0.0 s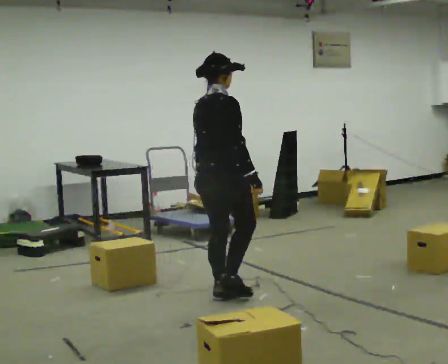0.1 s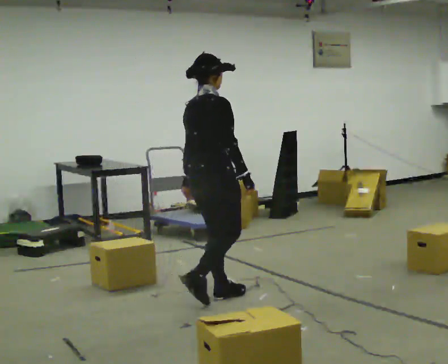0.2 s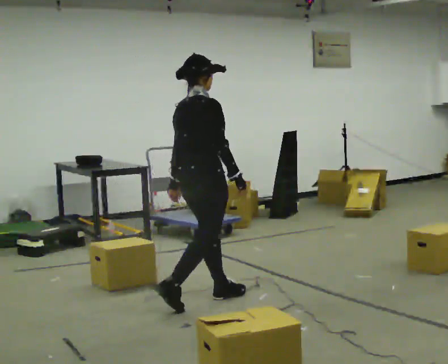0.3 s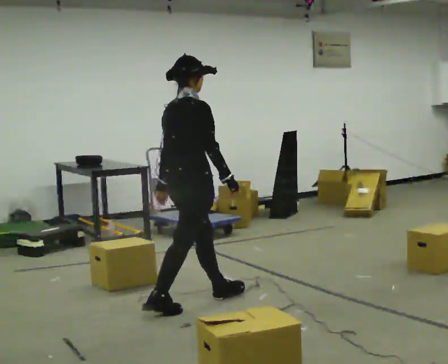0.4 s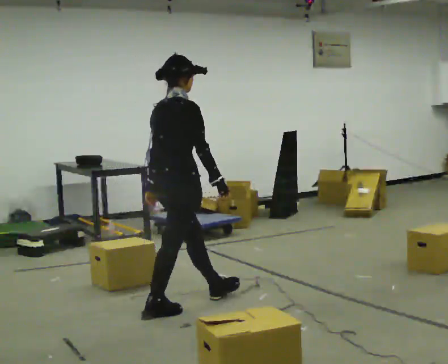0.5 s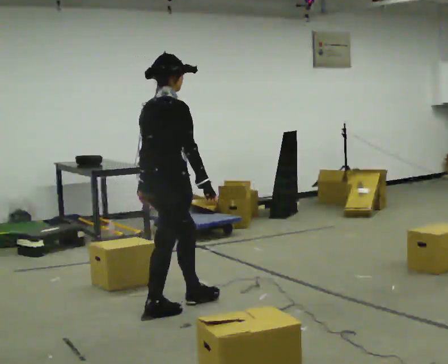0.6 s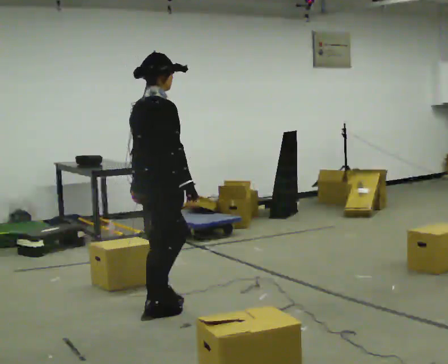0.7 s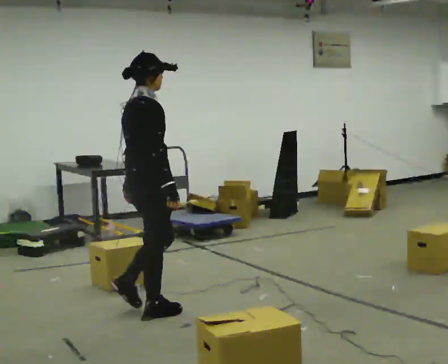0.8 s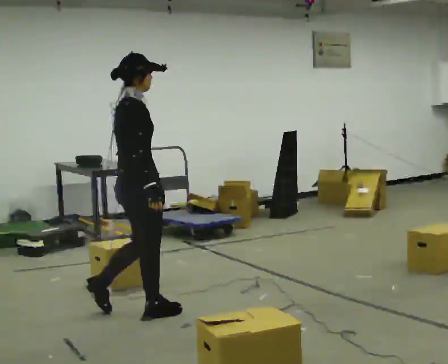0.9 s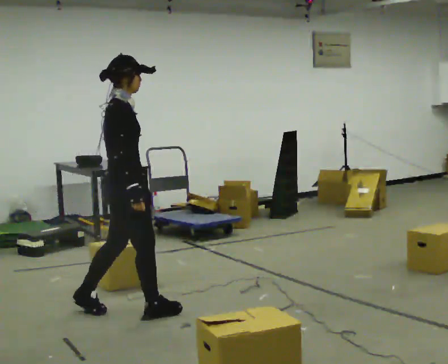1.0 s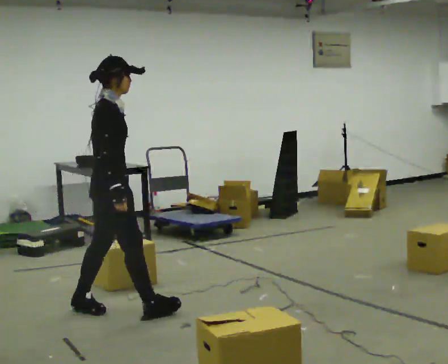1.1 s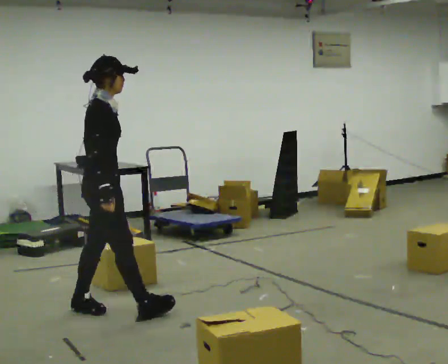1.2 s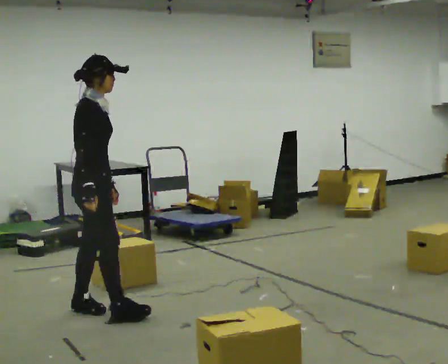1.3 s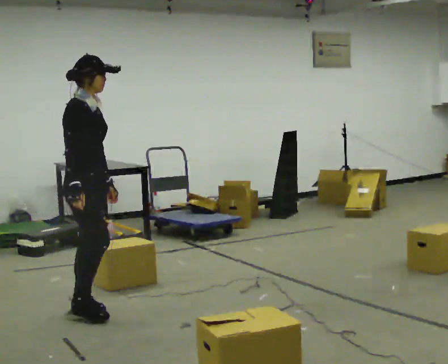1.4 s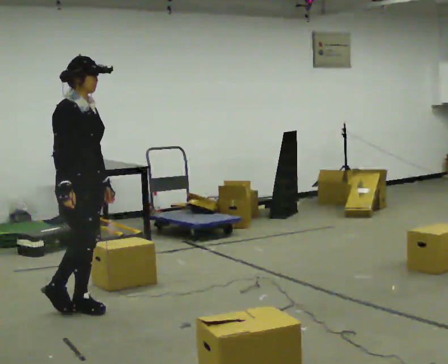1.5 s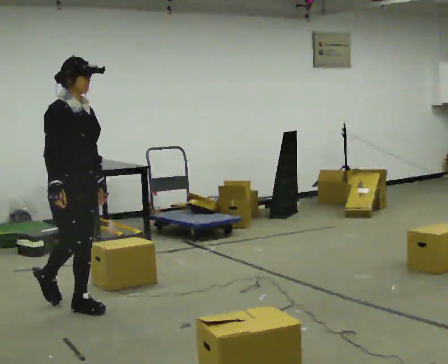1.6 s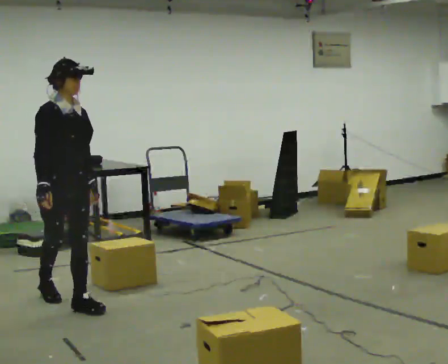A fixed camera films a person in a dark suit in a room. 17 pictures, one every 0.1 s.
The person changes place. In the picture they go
to the left.
The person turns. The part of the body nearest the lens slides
to the left.
0.0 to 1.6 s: Seen from above the body turns clockwise, about 90 degrees: to their right, with its near side sliding to the left. In the picture they go to the left, about 1 m in 2 steps.
The film runs backward here.
